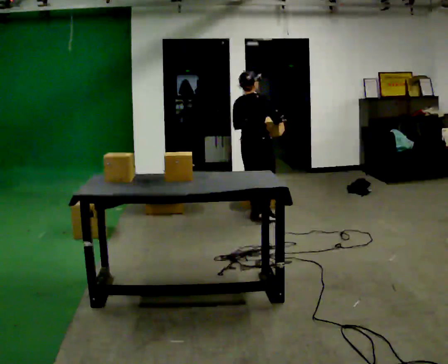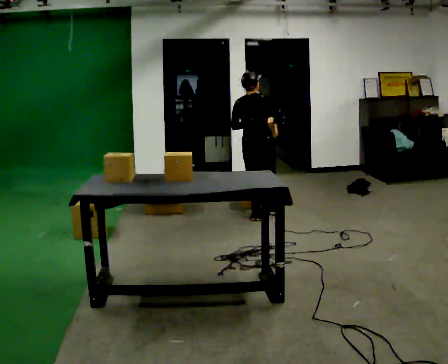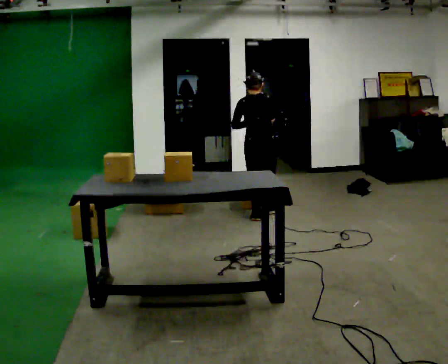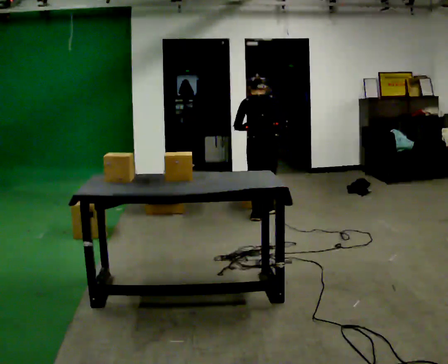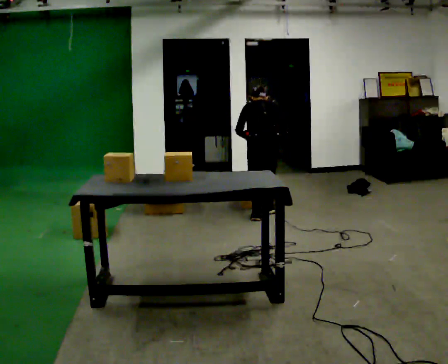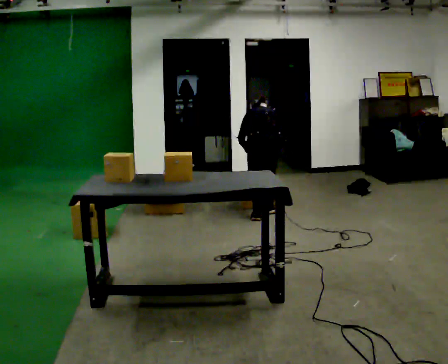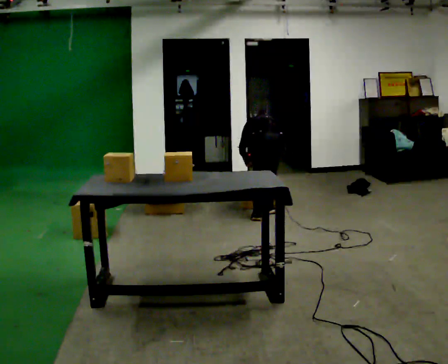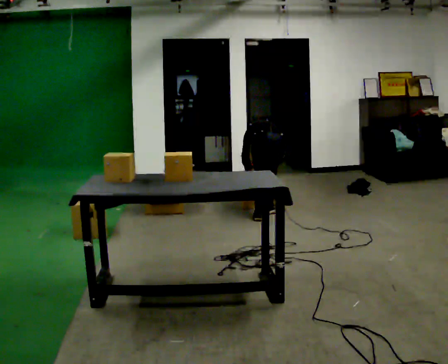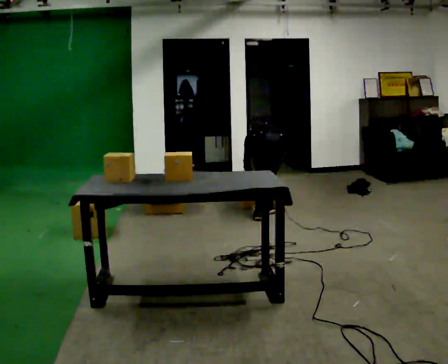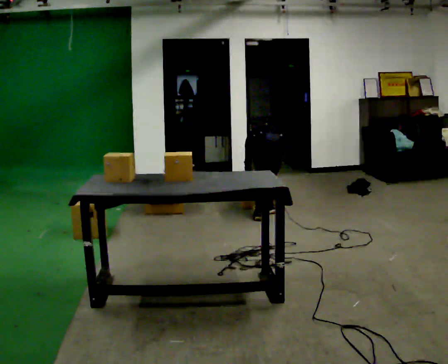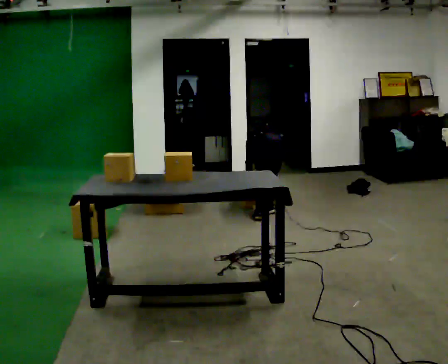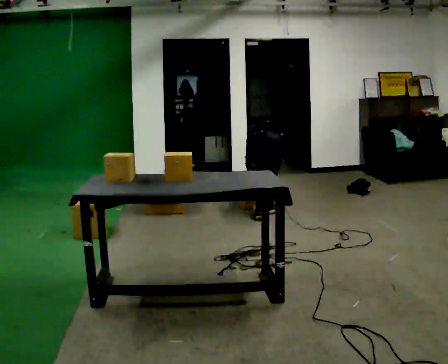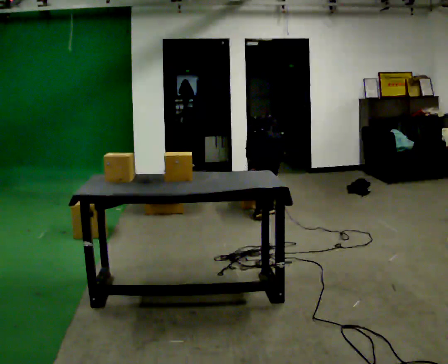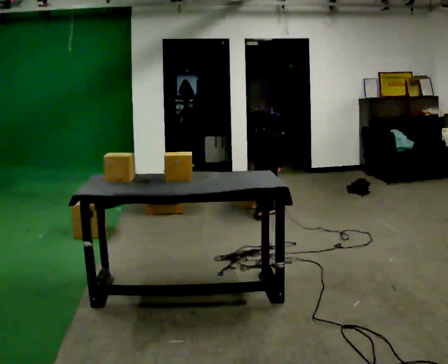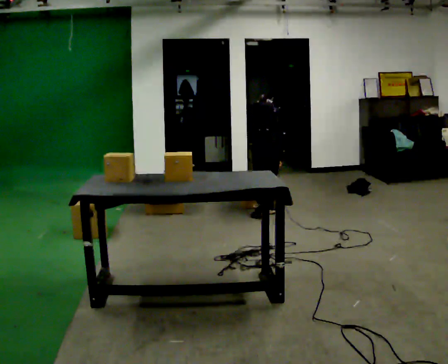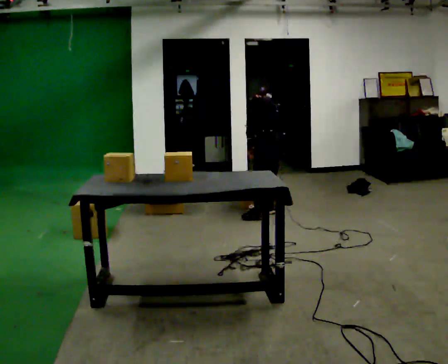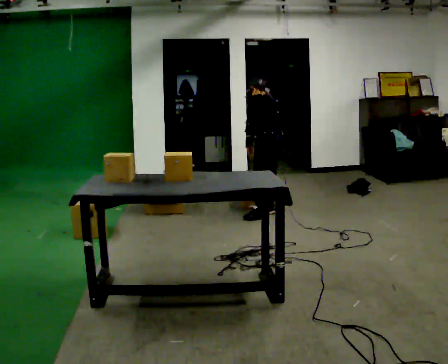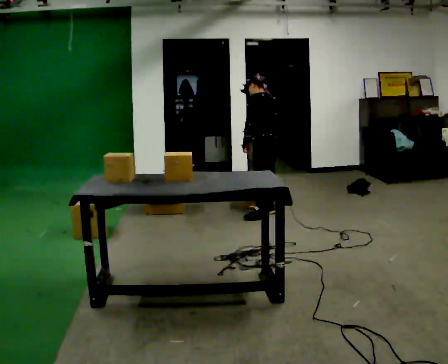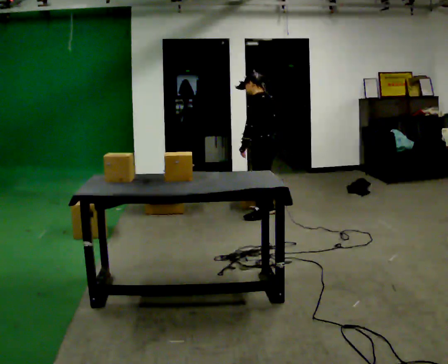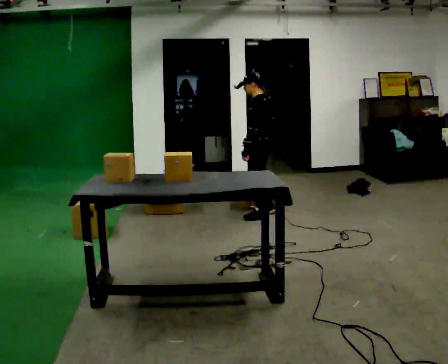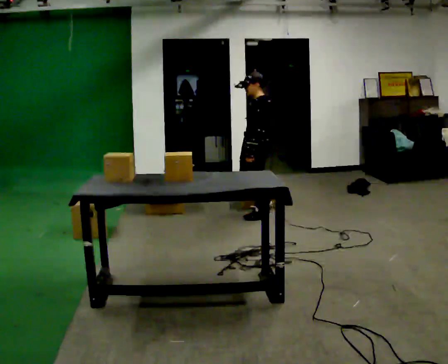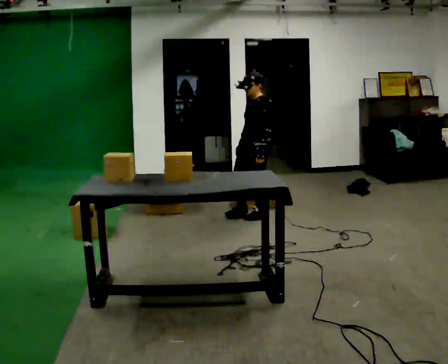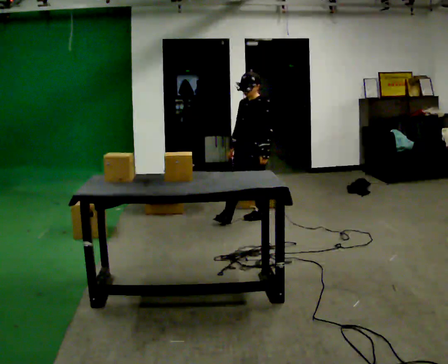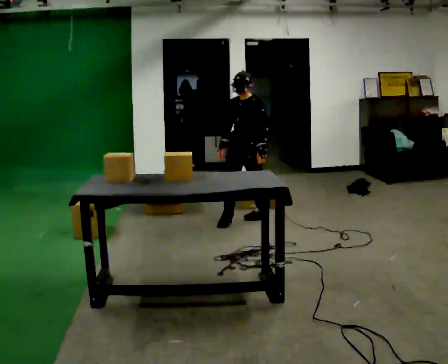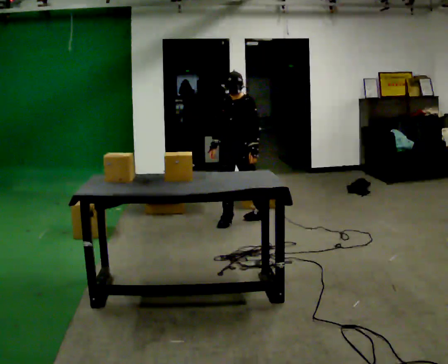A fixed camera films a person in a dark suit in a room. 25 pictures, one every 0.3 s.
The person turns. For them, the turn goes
to their left.
The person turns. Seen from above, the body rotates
counterclockwise.
0.0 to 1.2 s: Seen from above the body turns counterclockwise, about 45 degrees: to their left, with its near side sliding to the right. The upper body tips away from the camera, its near side rolling upward, as they bend forward.
1.2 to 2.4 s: The shoulders move downward. The upper body tips away from the camera, its near side rolling upward, as they bend forward. In the picture their left hand goes downward.
2.4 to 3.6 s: In the picture the upper body tilts clockwise, shoulders to the right, as they lean back or straighten.
3.6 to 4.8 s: The part of the body nearest the lens slides to the right as the person turns to their left by about 45 degrees. The shoulders move upward. The upper body tips toward the camera, its near side rolling downward, as they lean back or straighten.
4.8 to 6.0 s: The part of the body nearest the lens slides to the right as the person turns to their left by about 45 degrees. The upper body tips toward the camera, its near side rolling downward, as they lean back or straighten.
6.0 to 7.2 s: The person turns about 60 degrees to their left, counterclockwise seen from above, so the part of the body nearest the lens slides to the right. In the picture they go to the left and toward the camera, about 0.25 m in 1 step.
The film runs forward here.
